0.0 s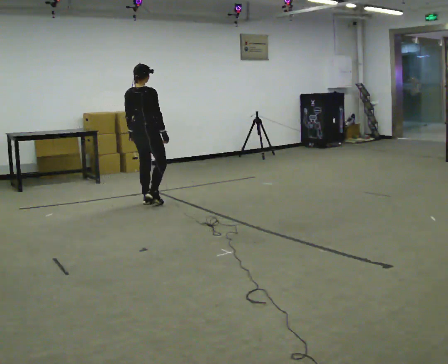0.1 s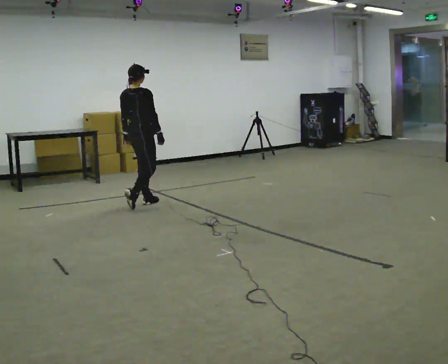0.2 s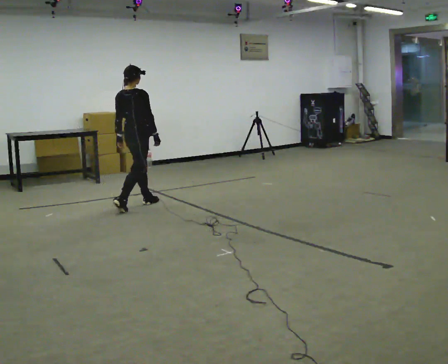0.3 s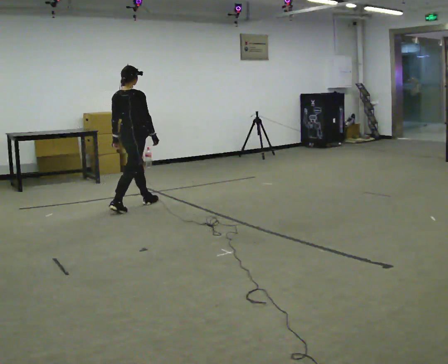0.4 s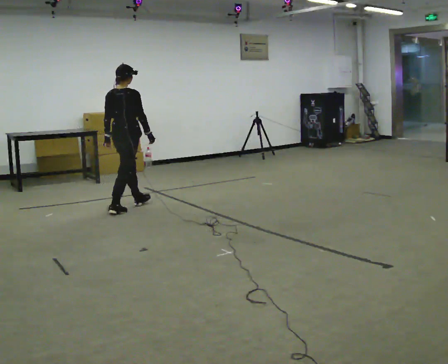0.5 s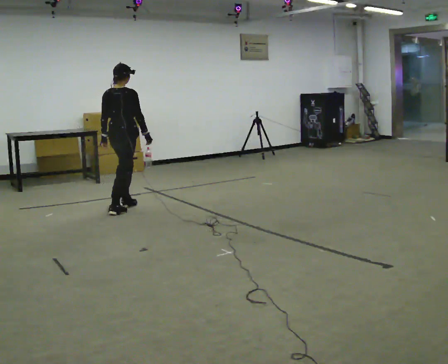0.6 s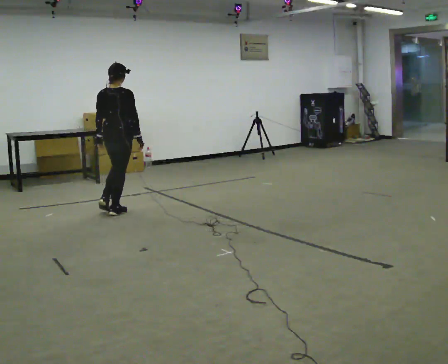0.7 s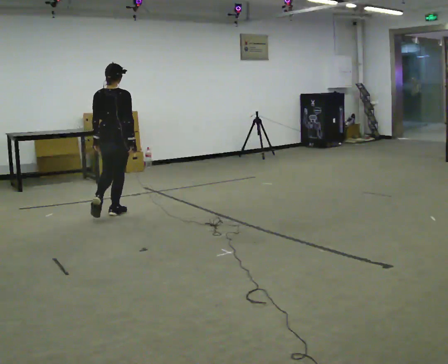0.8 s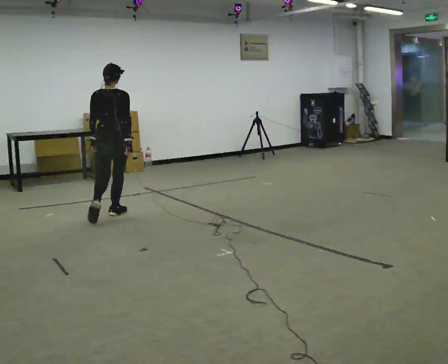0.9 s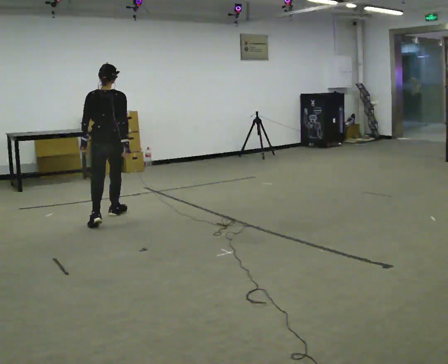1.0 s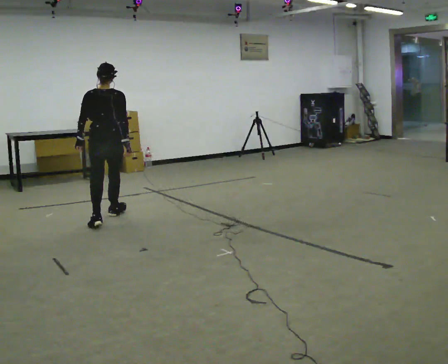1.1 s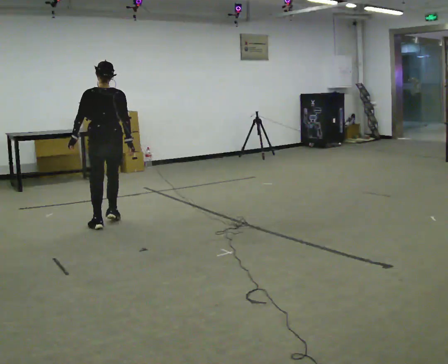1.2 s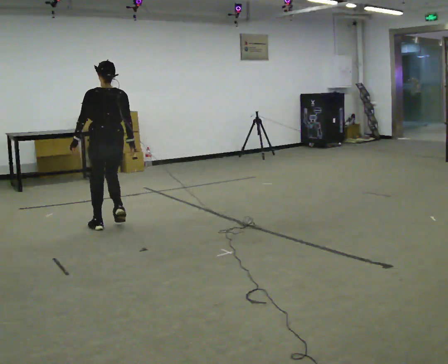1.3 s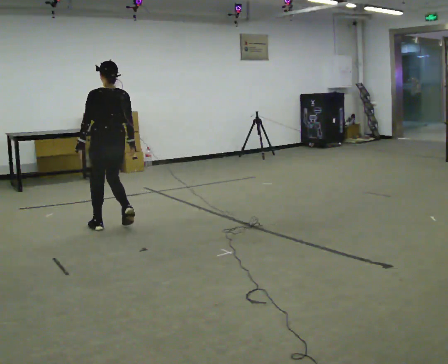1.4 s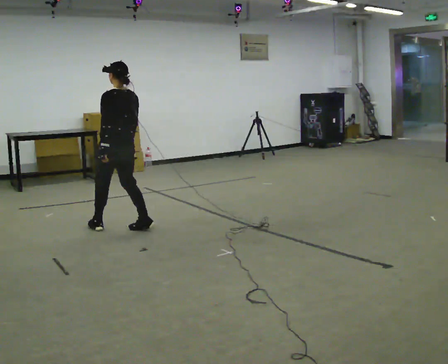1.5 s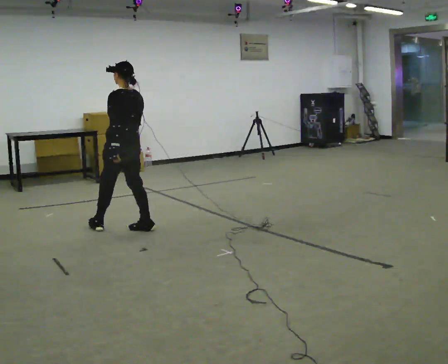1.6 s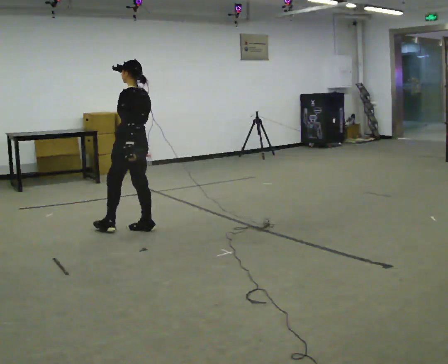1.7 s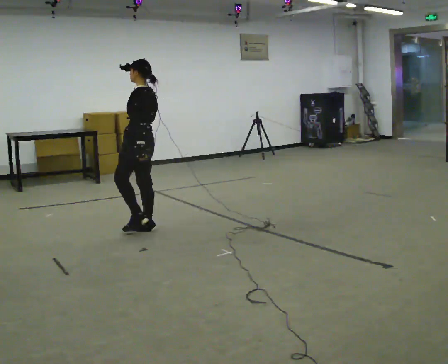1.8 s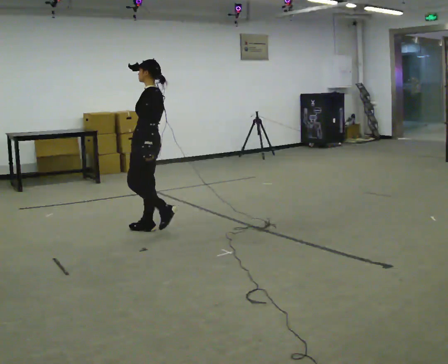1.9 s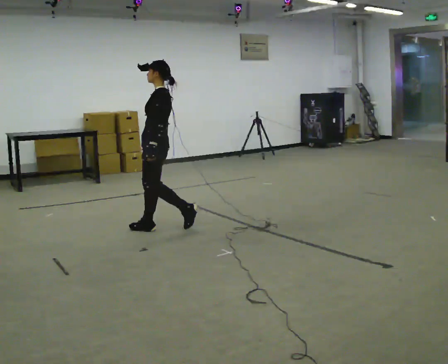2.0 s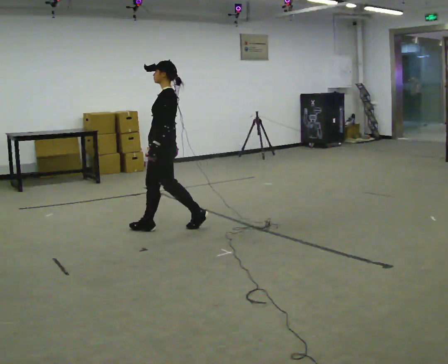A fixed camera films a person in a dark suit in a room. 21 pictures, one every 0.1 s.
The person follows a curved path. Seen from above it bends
counterclockwise.
The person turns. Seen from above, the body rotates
counterclockwise.
0.0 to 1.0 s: The part of the body nearest the lens slides to the right as the person turns to their left by about 30 degrees. In the picture they go toward the camera and to the left, about 1 m in 2 steps, which for them is backward.
1.0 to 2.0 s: Seen from above the body turns counterclockwise, about 90 degrees: to their left, with its near side sliding to the right. In the picture they go to the right and toward the camera, about 0.75 m in 1 step.
The film runs backward here.
